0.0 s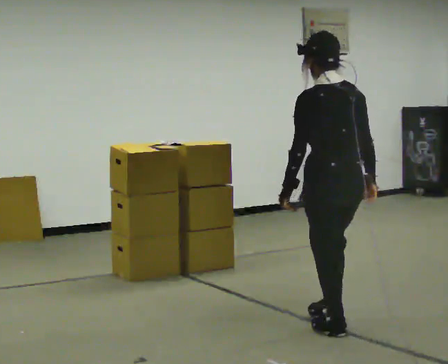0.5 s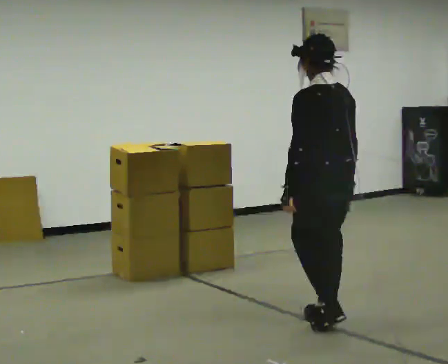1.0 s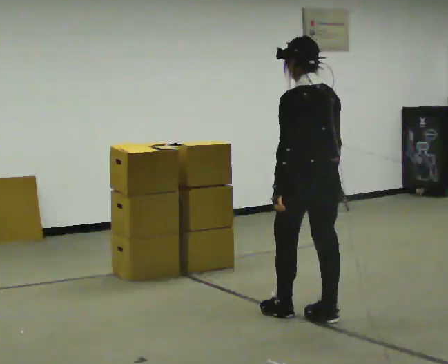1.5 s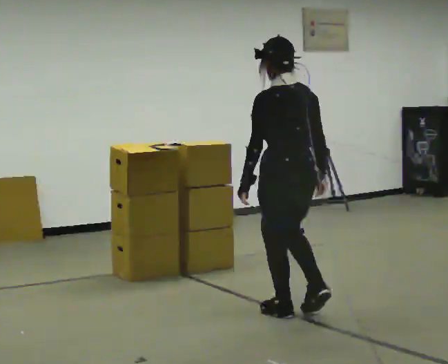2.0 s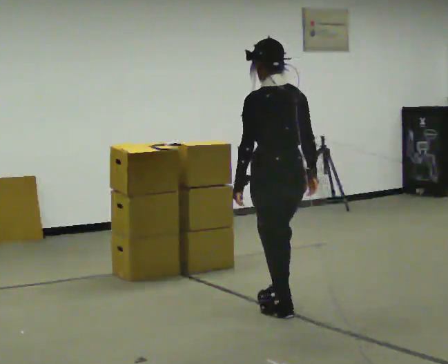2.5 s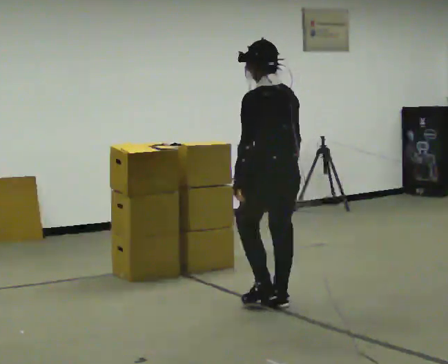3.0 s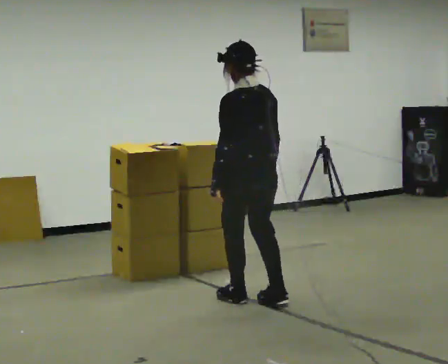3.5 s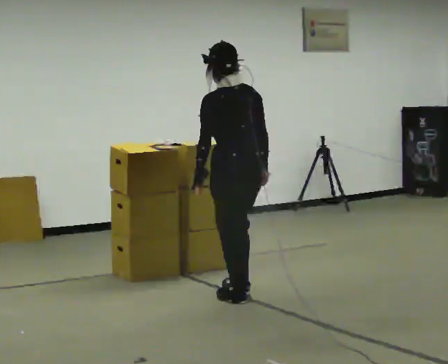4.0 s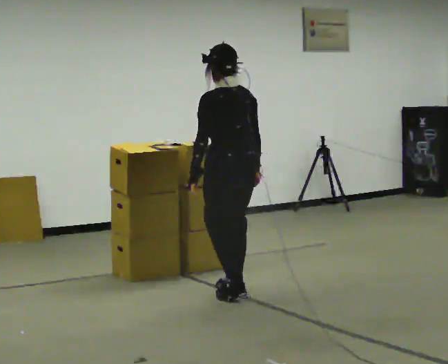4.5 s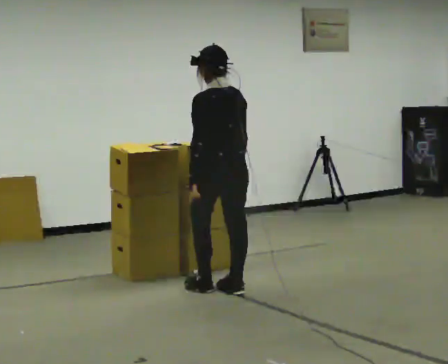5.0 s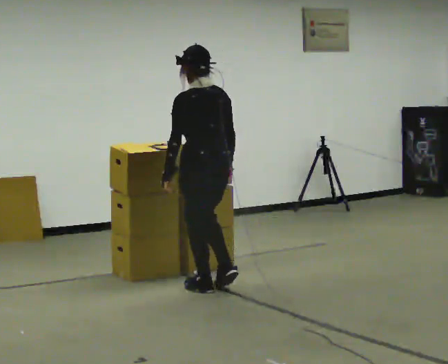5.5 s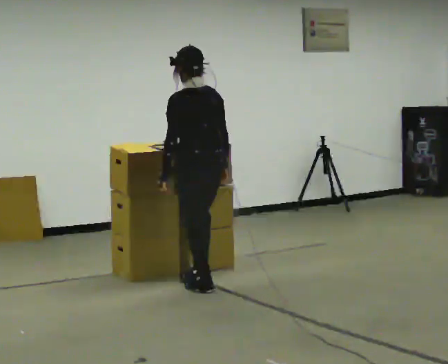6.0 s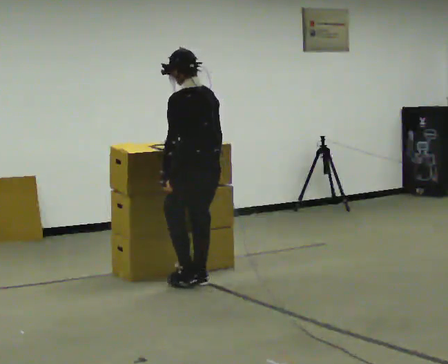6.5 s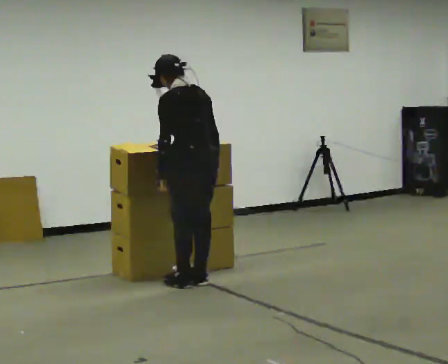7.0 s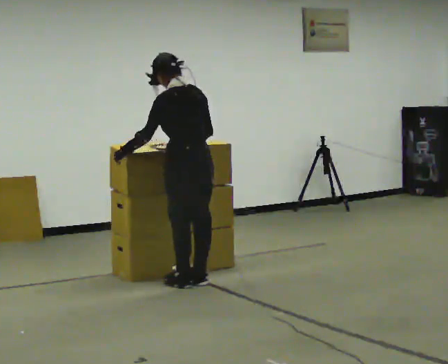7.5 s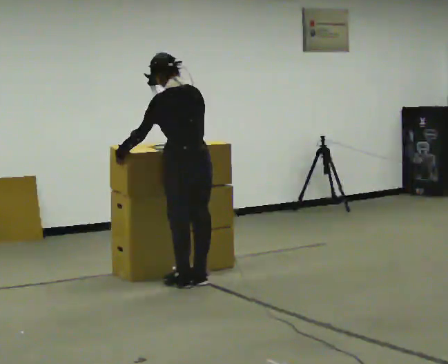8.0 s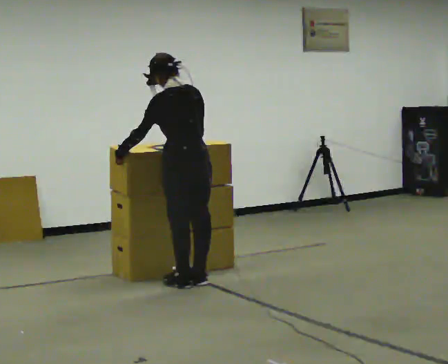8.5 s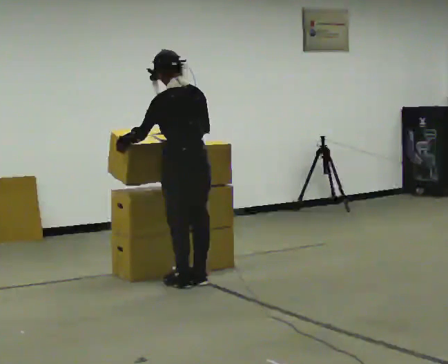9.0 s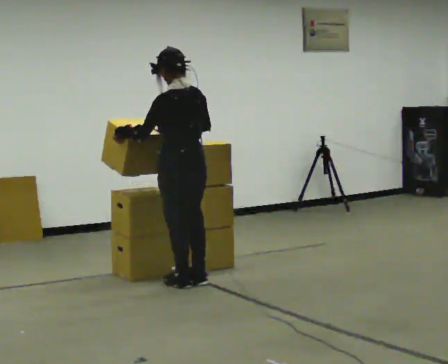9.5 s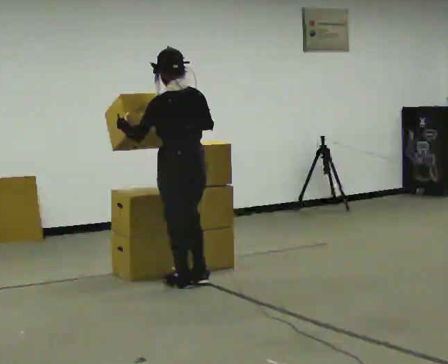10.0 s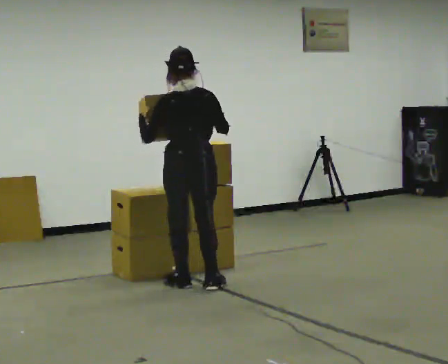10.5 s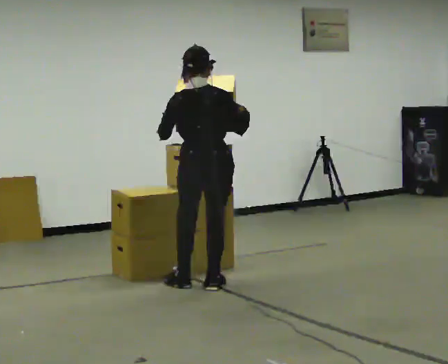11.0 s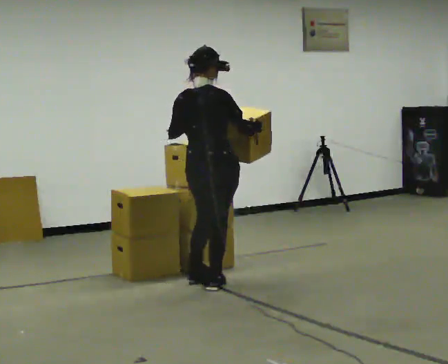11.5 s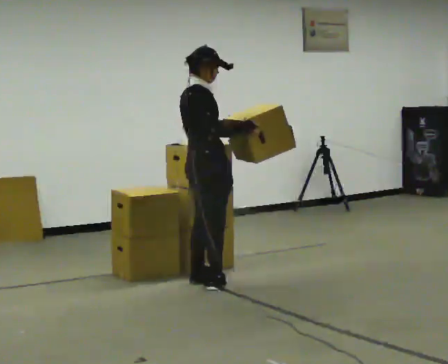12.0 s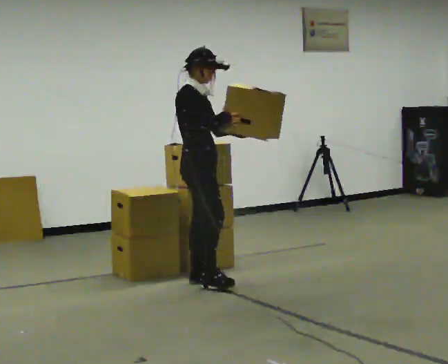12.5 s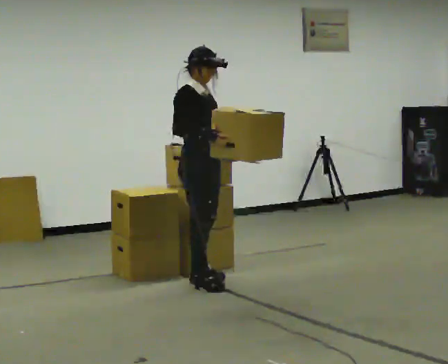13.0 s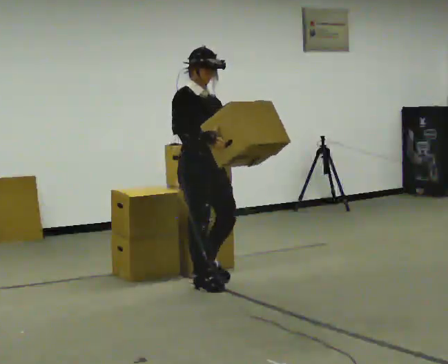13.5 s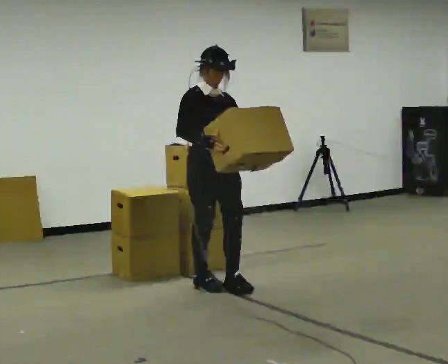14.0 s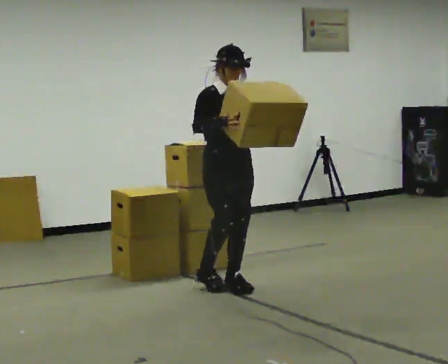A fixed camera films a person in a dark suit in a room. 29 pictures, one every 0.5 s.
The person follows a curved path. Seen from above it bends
clockwise.
0.0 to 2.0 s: In the picture they go away from the camera and to the left, about 0.5 m in 3 steps, which for them is forward.
2.0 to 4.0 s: In the picture they go away from the camera and to the left, about 0.5 m in 2 steps, which for them is forward.
4.0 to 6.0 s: In the picture they go away from the camera and to the left, about 0.25 m in 2 steps, which for them is forward.
6.0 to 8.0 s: In the picture their left hand goes to the left.
8.0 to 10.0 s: The person turns about 30 degrees to their right, clockwise seen from above, so the part of the body nearest the lens slides to the left.
10.0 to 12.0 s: Seen from above the body turns clockwise, about 120 degrees: to their right, with its near side sliding to the left. The upper body tips away from the camera, its near side rolling upward.
12.0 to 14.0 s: The person turns about 45 degrees to their right, clockwise seen from above, so the part of the body nearest the lens slides to the left. In the picture they go toward the camera and to the right, about 0.25 m in 1 step, which for them is forward.
The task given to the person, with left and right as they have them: Carry the box and, while you are still walking, turn it so you can read the label, read it out loud, then carry on. Repeat with the next box. Do not stop to read it.
The film runs forward here.
